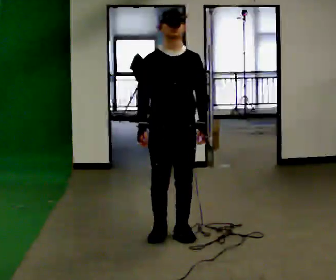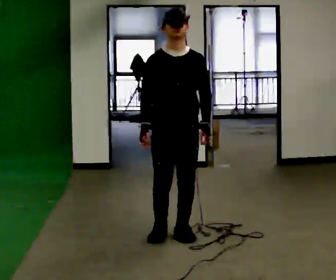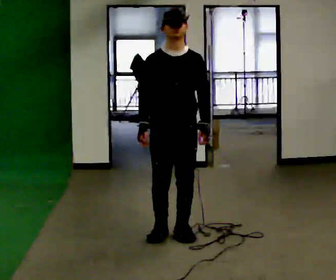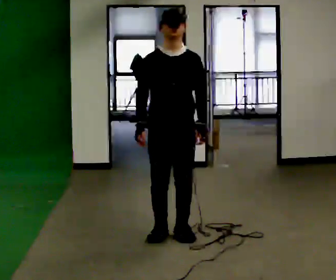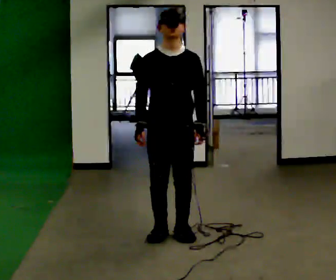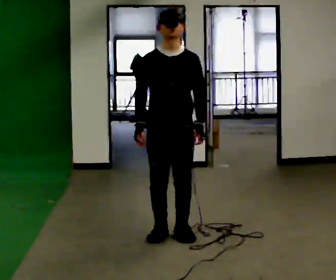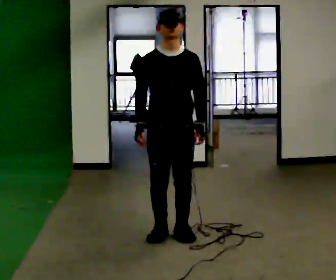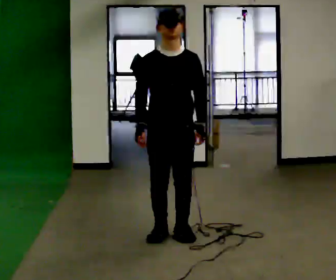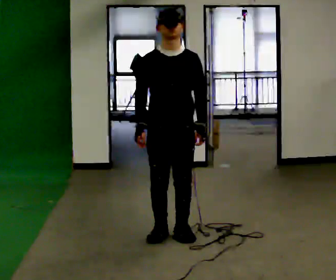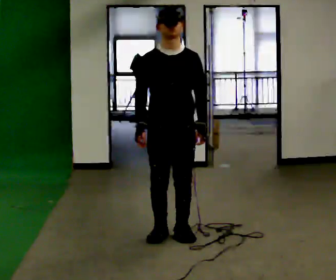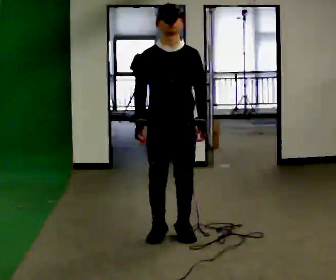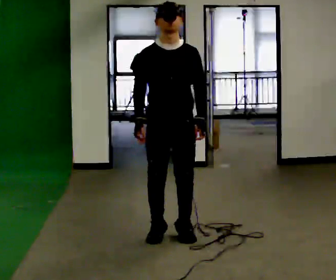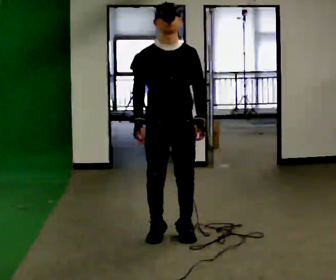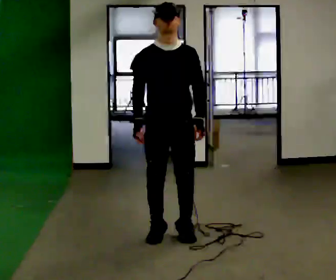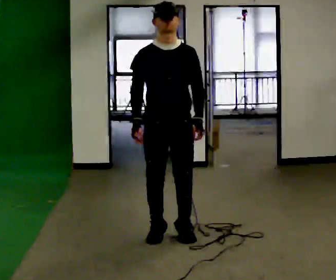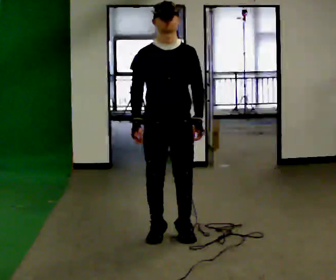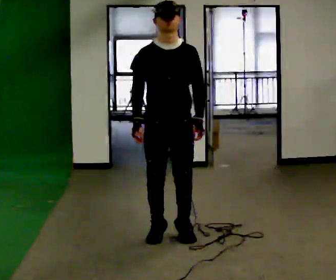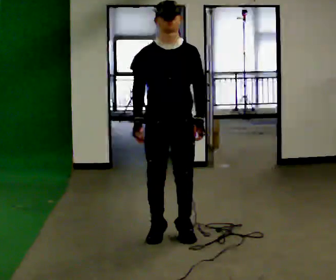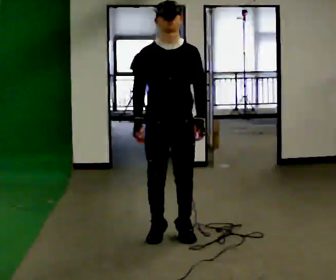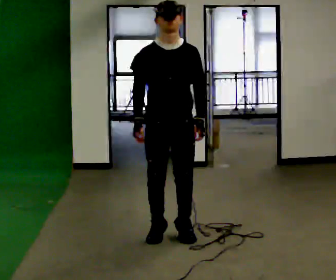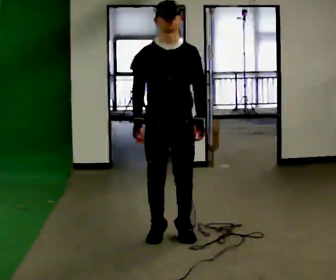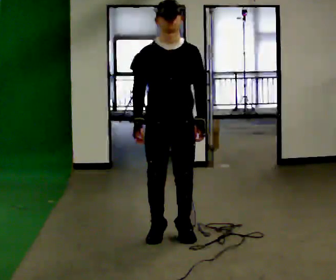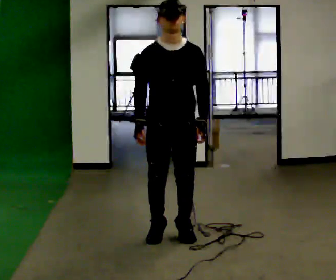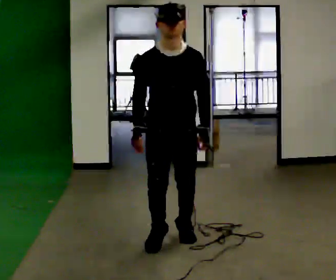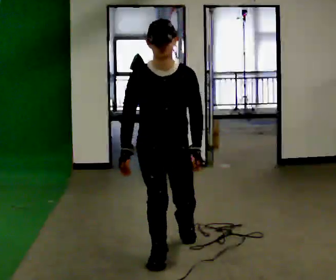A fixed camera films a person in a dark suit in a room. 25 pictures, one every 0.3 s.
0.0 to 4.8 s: The person moves a little, or ends about where they began.
4.8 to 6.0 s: The person keeps their place and pose.
6.0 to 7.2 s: In the picture they go toward the camera, about 0.25 m in 1 step, which for them is forward. The upper body goes downward.
The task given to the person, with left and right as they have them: Stand on the marked spots and rise up onto your toes. Stay up until you start to topple forward, then step to catch yourself. Repeat at your own pace until the operator says stop. Go slowly and only as far as you are comfortable. Step whenever you need to; do not try to hold on longer than feels safe.
The film runs forward here.
